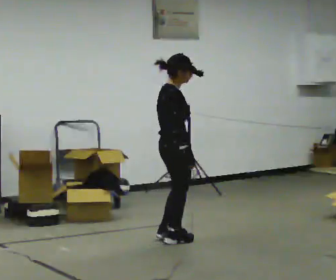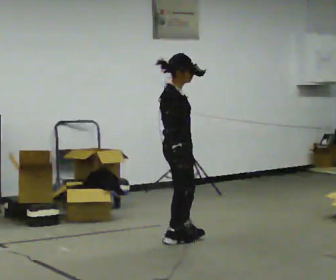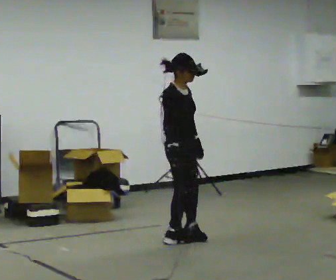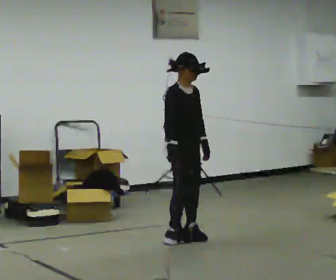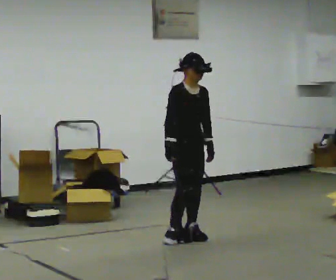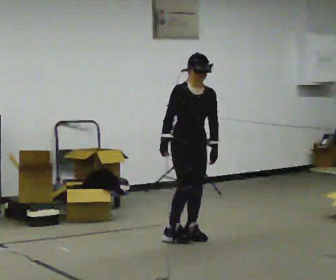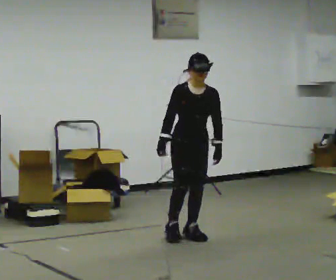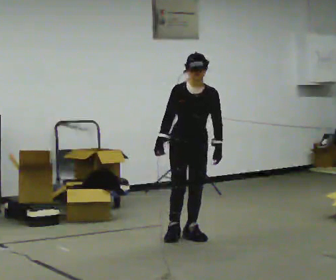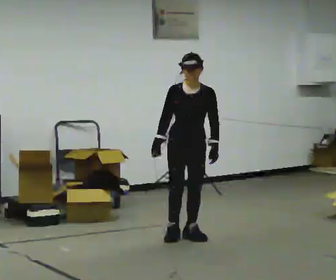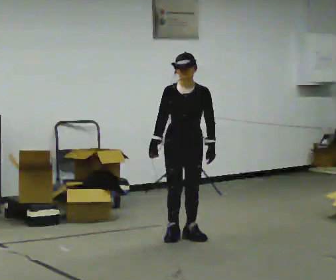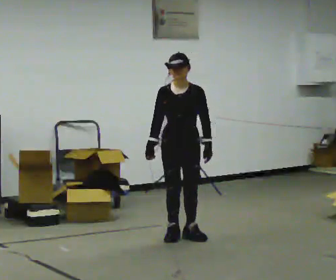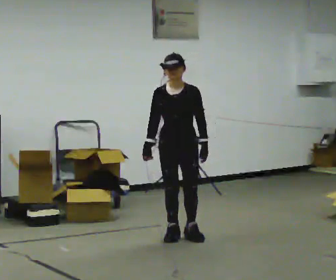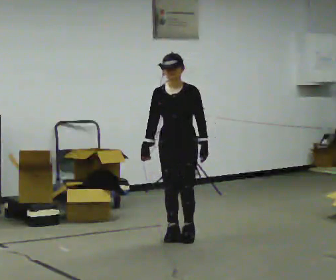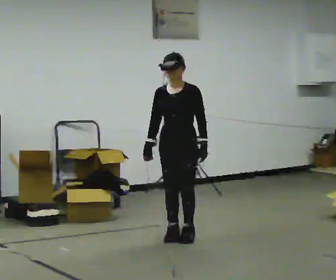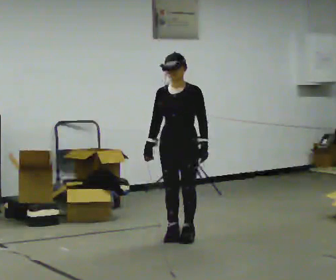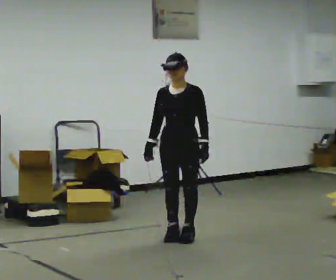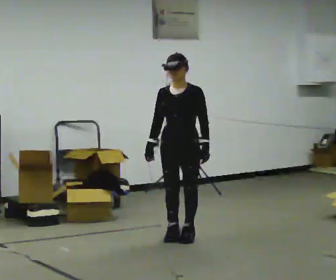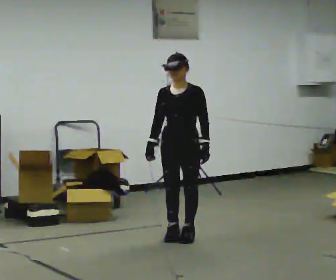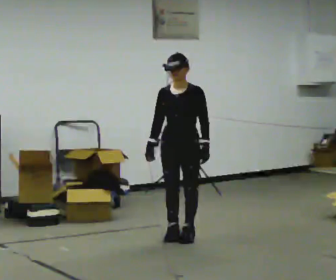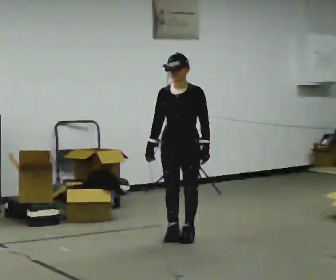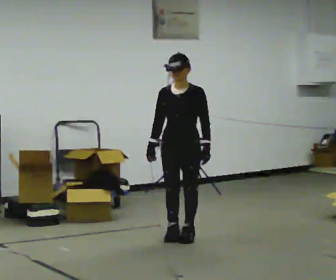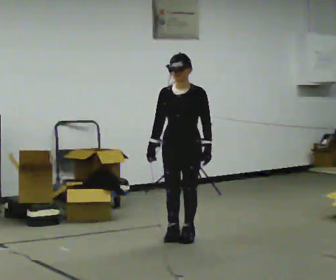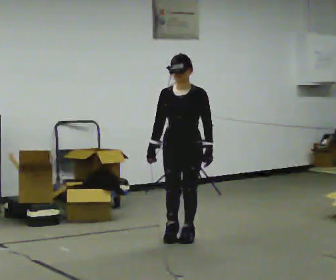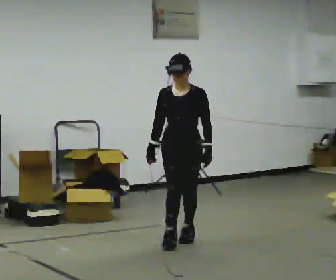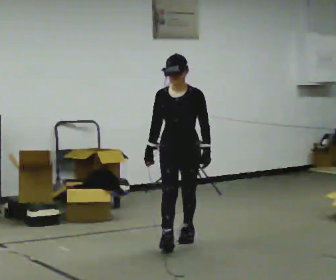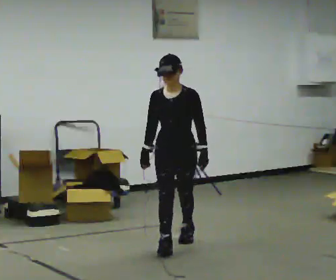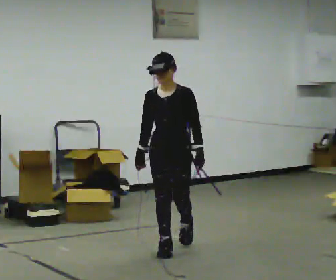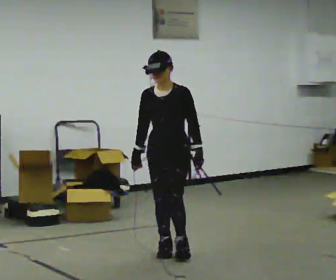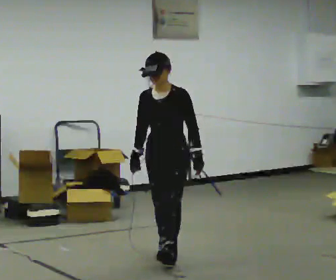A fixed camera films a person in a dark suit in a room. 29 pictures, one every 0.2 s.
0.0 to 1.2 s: The part of the body nearest the lens slides to the left as the person turns to their right by about 90 degrees. In the picture they go away from the camera and to the right, about 0.25 m in 2 steps.
1.2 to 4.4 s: In the picture they go toward the camera, about 0.25 m, which for them is forward.
4.4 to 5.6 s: In the picture they go toward the camera, about 0.5 m in 1 step, which for them is forward.
The film runs forward here.
